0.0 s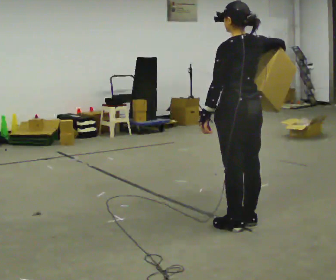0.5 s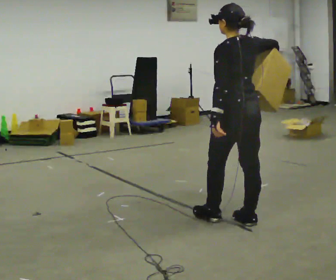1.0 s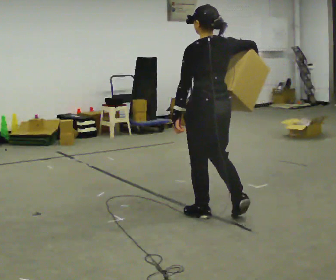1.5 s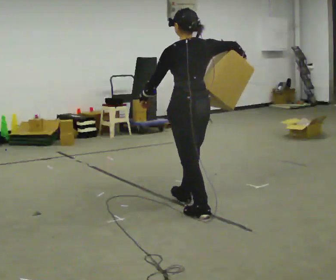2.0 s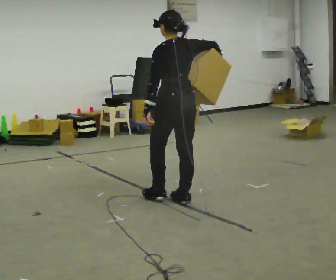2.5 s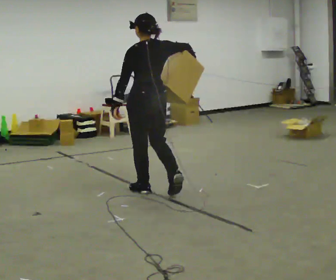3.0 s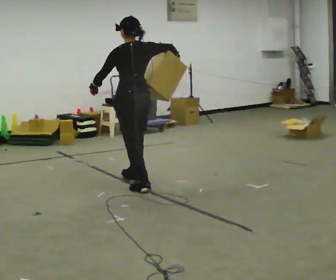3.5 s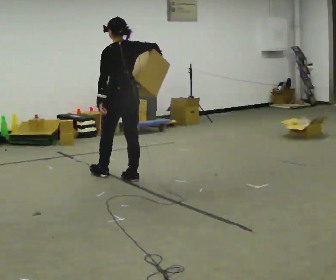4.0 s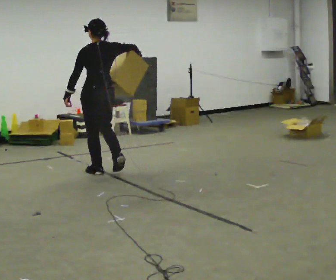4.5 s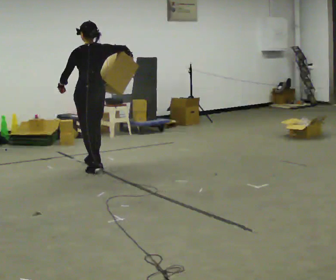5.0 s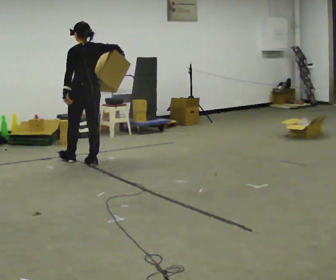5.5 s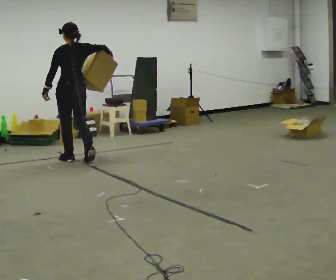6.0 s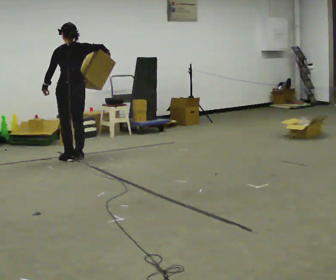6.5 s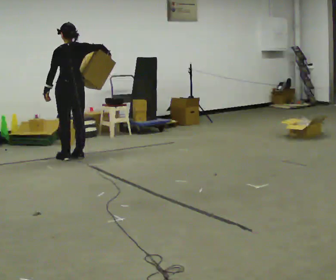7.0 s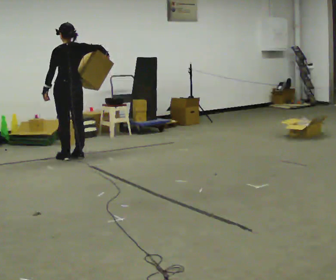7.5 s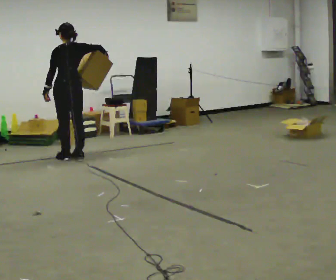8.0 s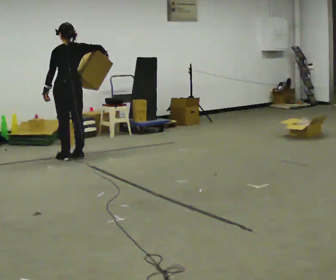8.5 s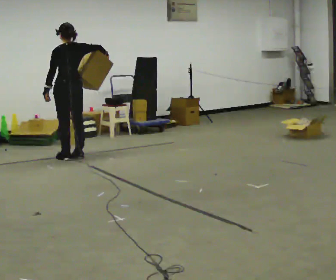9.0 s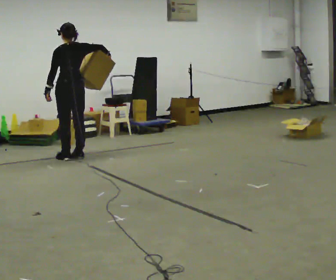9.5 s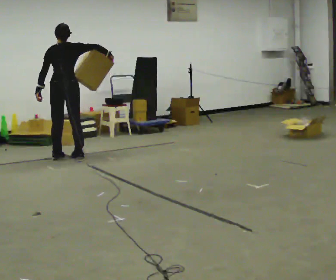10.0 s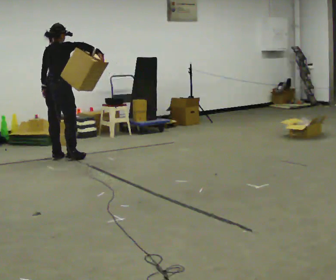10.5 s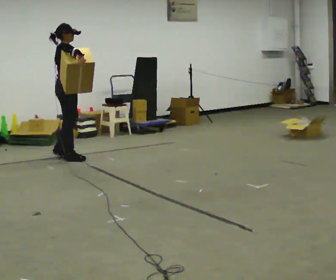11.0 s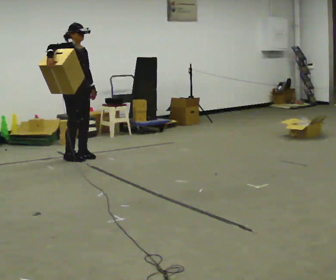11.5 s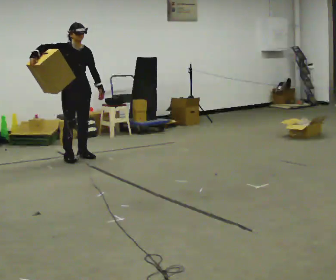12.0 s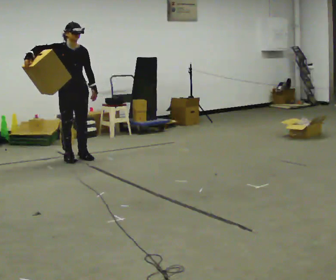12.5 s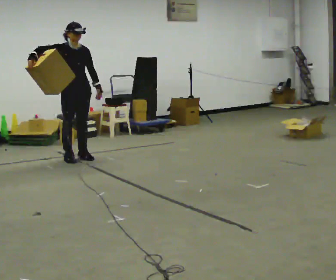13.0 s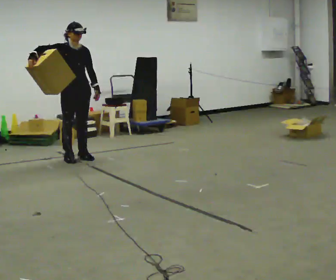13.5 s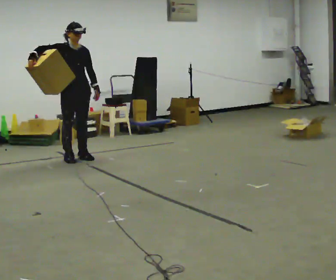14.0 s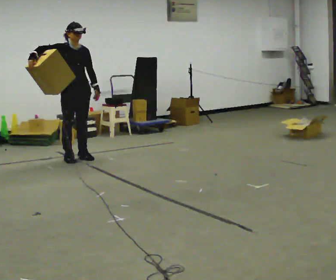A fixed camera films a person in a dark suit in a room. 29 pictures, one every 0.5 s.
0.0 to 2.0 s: In the picture they go away from the camera and to the left, about 1 m in 2 steps, which for them is forward.
2.0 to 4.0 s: In the picture they go away from the camera and to the left, about 1 m in 3 steps, which for them is forward.
4.0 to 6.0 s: In the picture they go away from the camera and to the left, about 1 m in 3 steps, which for them is forward.
6.0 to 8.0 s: The person moves a little, or ends about where they began.
8.0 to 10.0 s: The part of the body nearest the lens slides to the left as the person turns to their right by about 75 degrees. In the picture they go to the left, about 0.25 m in 1 step.
10.0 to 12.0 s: The part of the body nearest the lens slides to the left as the person turns to their right by about 105 degrees. In the picture they go to the right, about 0.25 m in 1 step. In the picture their right hand goes to the left.
12.0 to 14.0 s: The person moves a little, or ends about where they began.
The film runs forward here.
